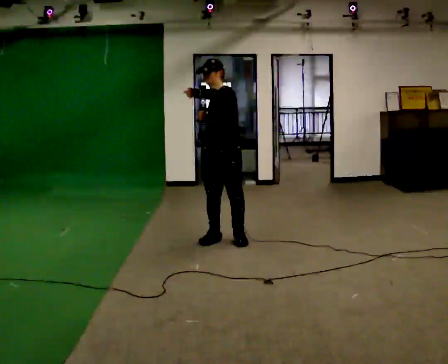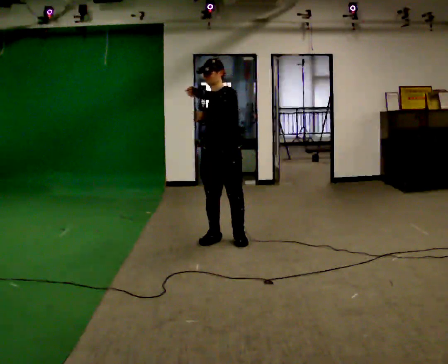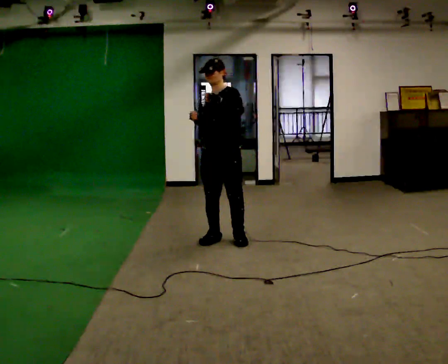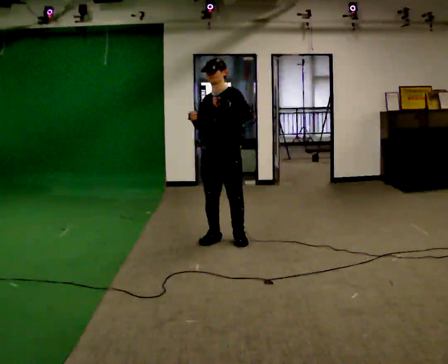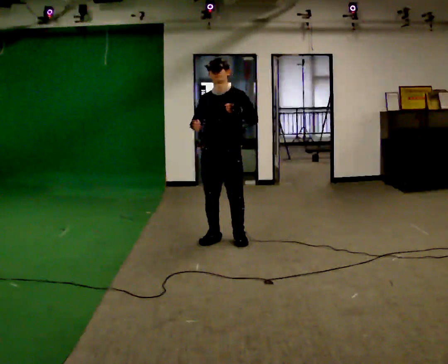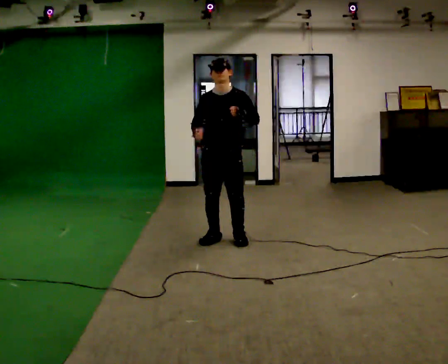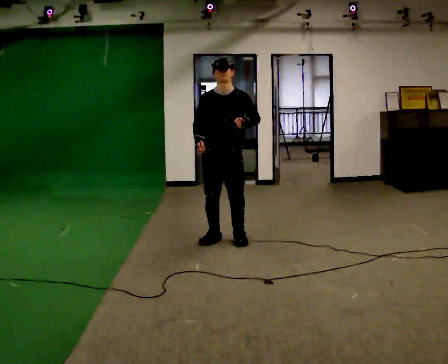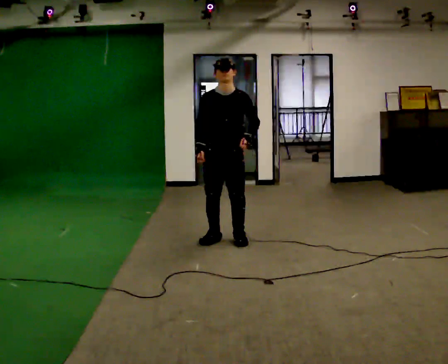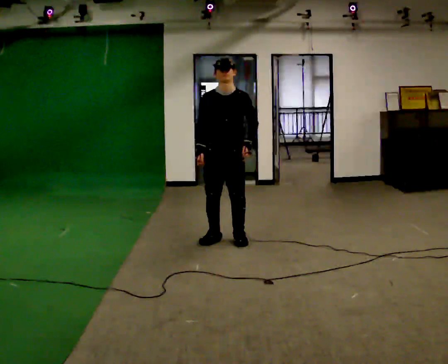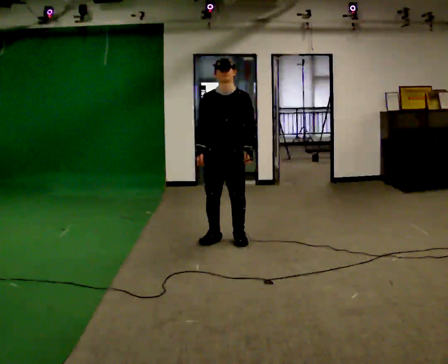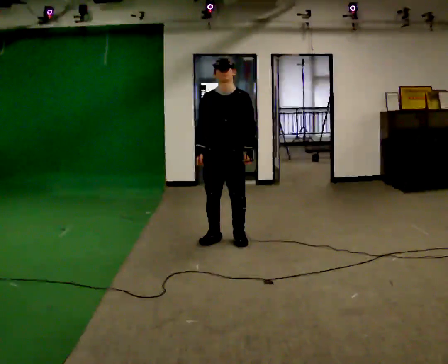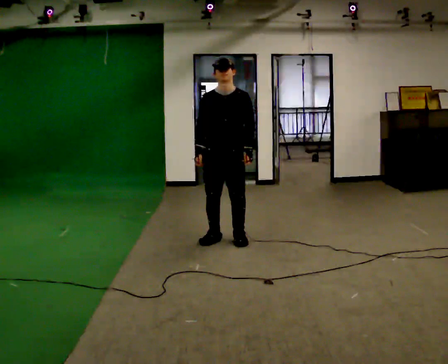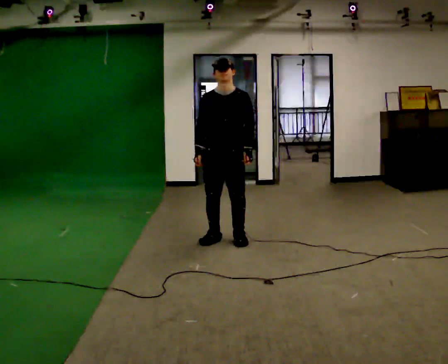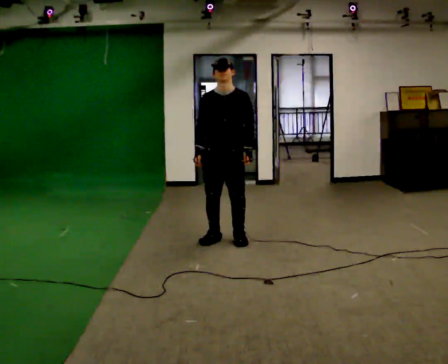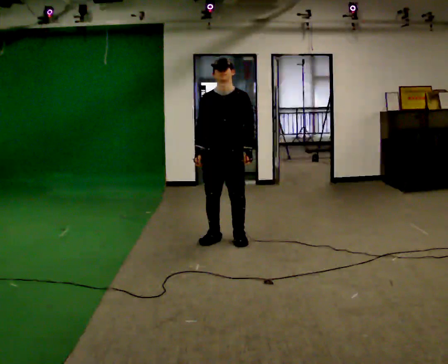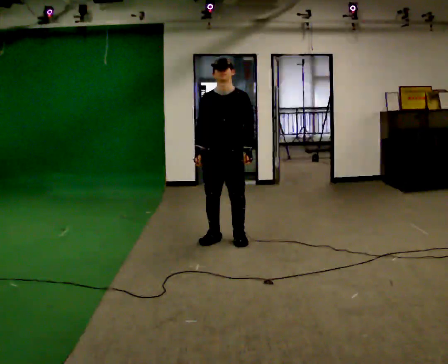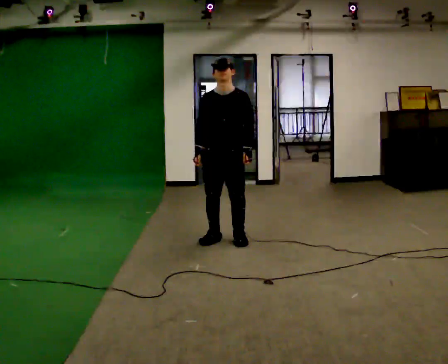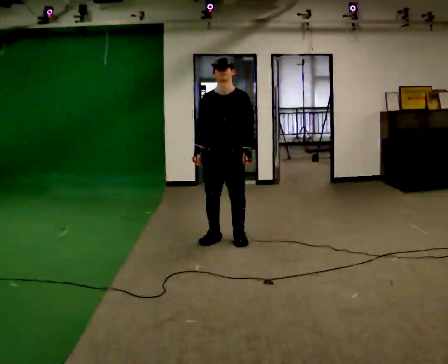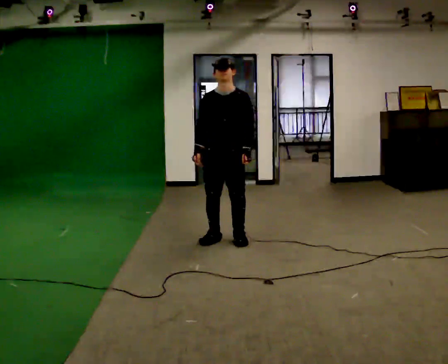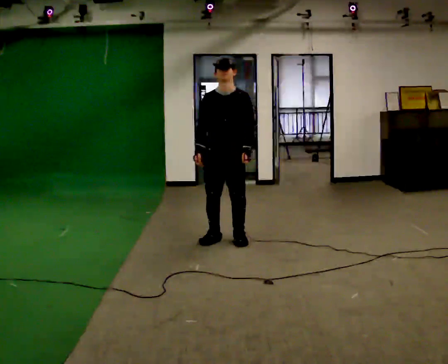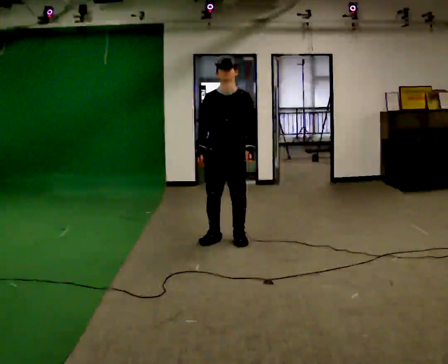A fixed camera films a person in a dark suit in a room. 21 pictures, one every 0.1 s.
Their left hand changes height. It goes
downward.
0.0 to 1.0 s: The part of the body nearest the lens slides to the right as the person turns to their left by about 45 degrees. In the picture their left hand goes downward and to the right.
1.0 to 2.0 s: The person moves a little, or ends about where they began.
The film runs backward here.
